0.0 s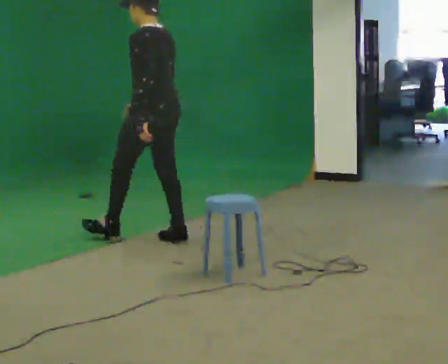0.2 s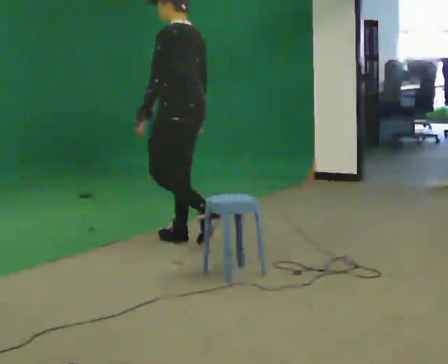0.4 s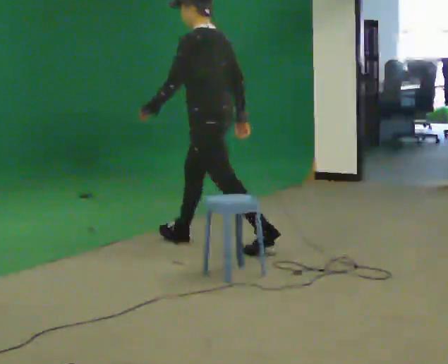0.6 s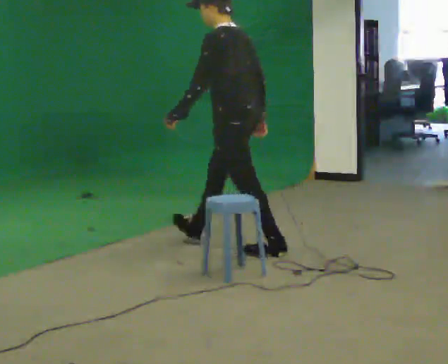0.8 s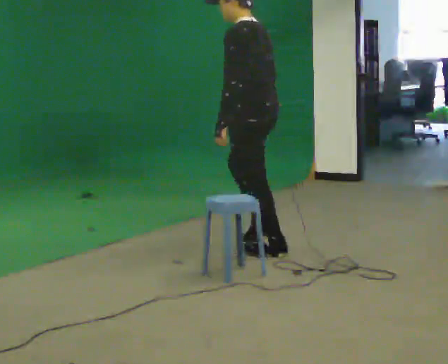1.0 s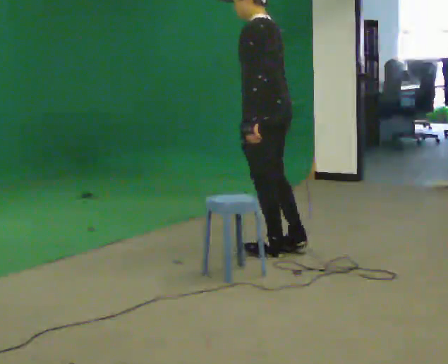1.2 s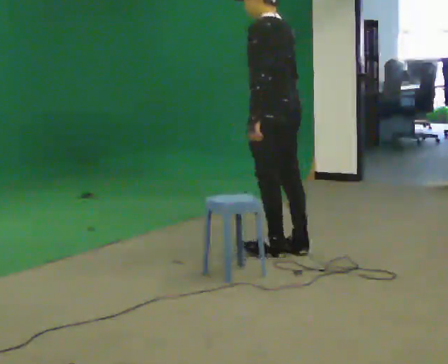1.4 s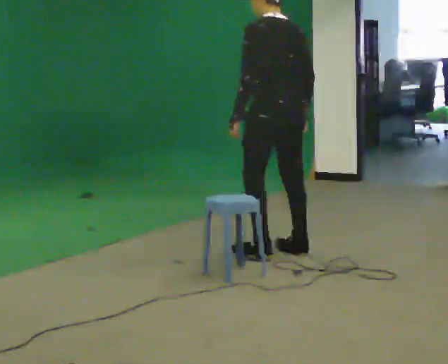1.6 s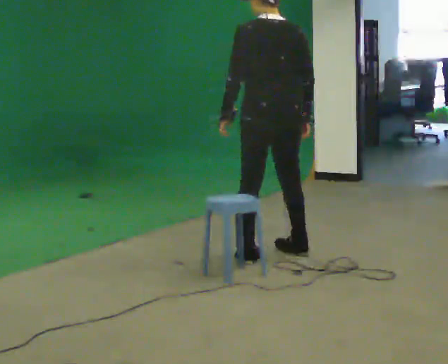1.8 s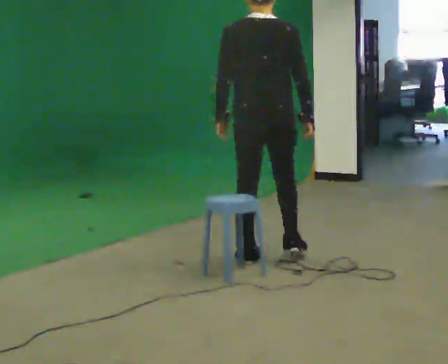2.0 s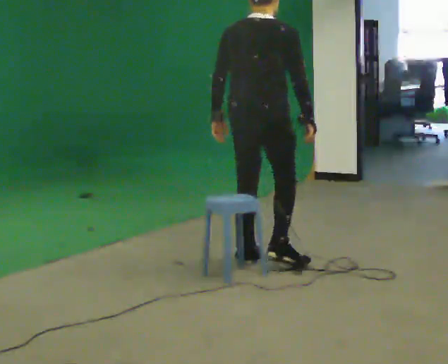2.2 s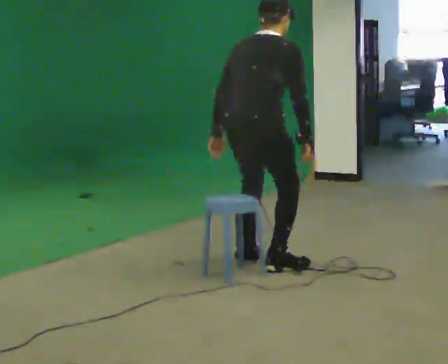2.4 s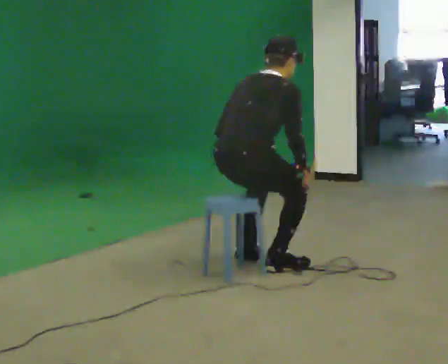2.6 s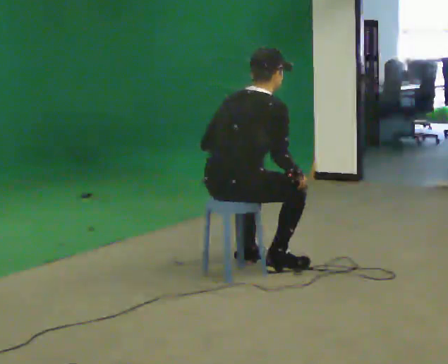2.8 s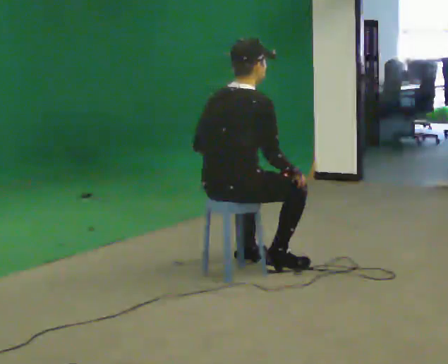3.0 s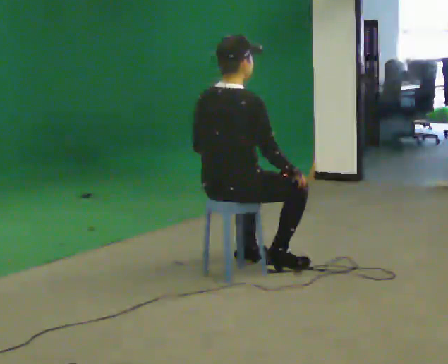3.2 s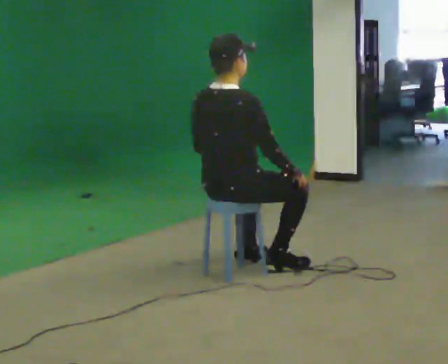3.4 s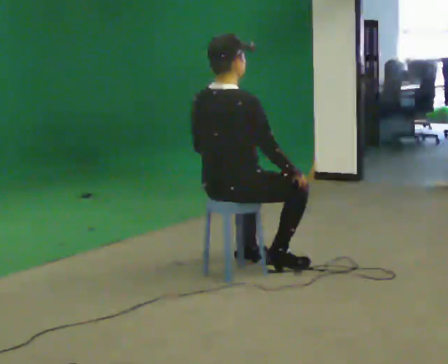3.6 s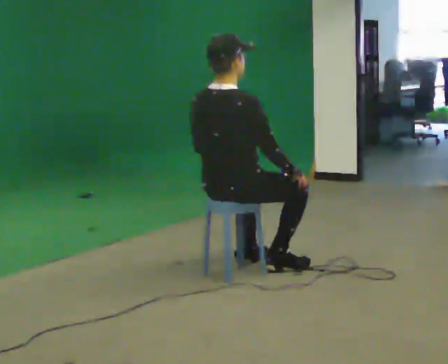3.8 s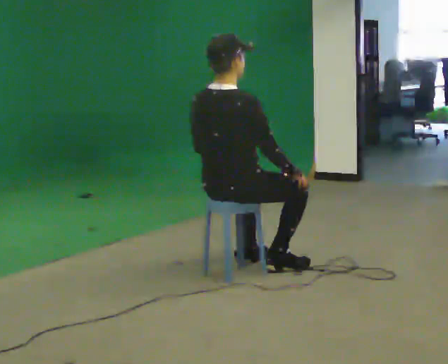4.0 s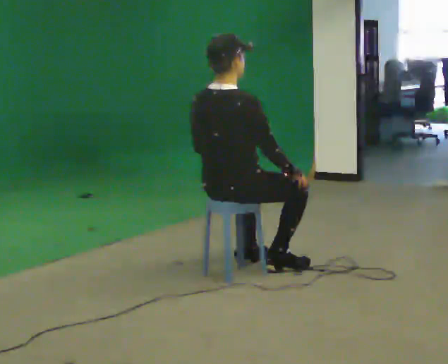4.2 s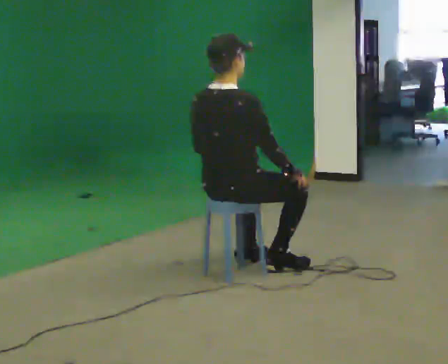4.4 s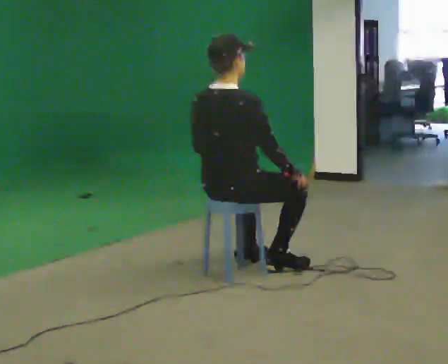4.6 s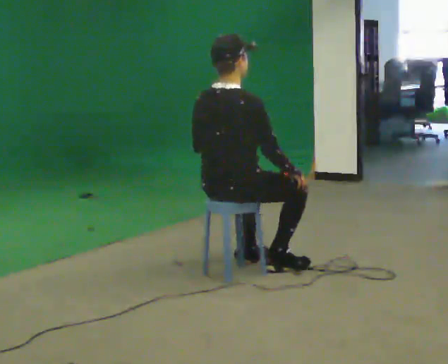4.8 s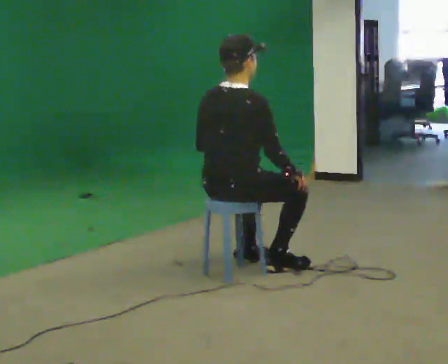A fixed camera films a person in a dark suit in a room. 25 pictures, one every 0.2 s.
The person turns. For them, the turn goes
to their right.
The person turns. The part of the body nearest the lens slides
to the left.
0.0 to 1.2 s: In the picture they go to the right and toward the camera, about 1 m in 1 step, which for them is backward.
1.2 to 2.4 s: The part of the body nearest the lens slides to the left as the person turns to their right by about 105 degrees. In the picture they go toward the camera and to the left, about 0.5 m in 2 steps. The shoulders move downward. In the picture the upper body tilts clockwise, shoulders to the right, as they bend forward.
2.4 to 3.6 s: The upper body tips toward the camera, its near side rolling downward, as they lean back or straighten.
3.6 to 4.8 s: The person moves a little, or ends about where they began.
The film runs backward here.
